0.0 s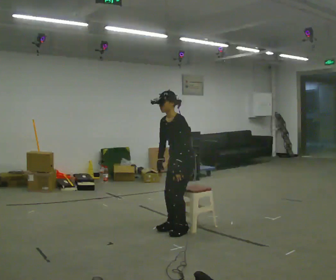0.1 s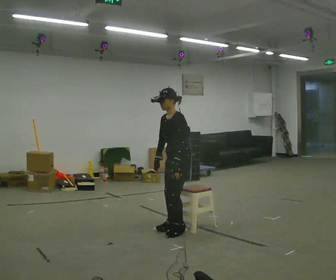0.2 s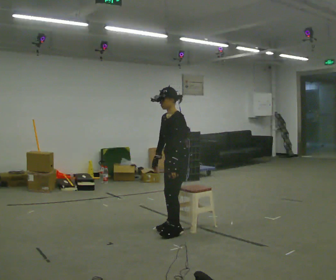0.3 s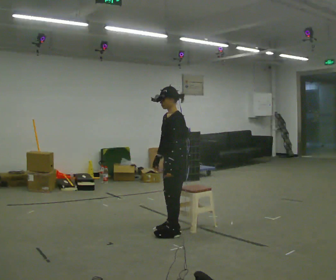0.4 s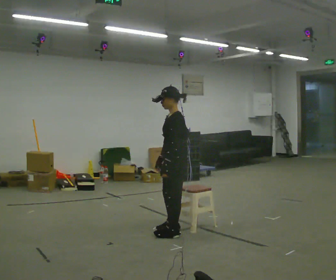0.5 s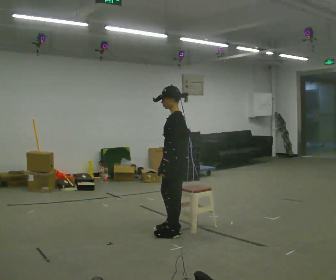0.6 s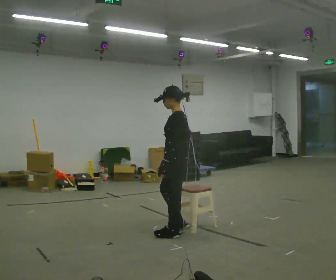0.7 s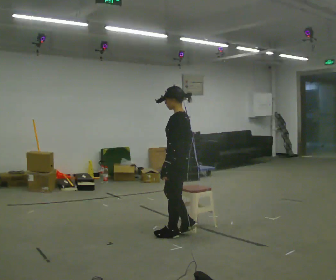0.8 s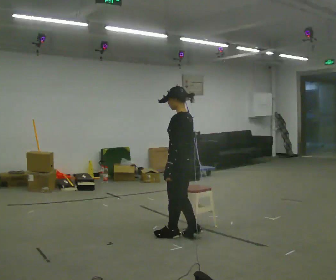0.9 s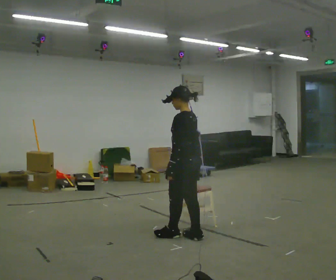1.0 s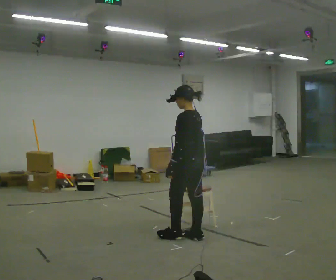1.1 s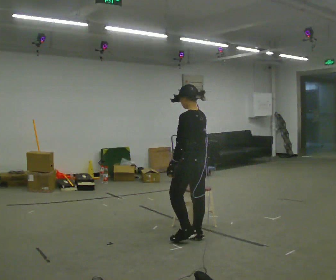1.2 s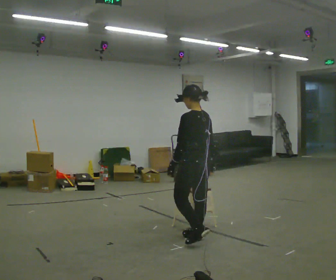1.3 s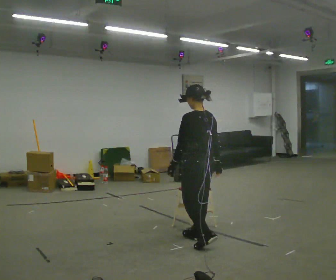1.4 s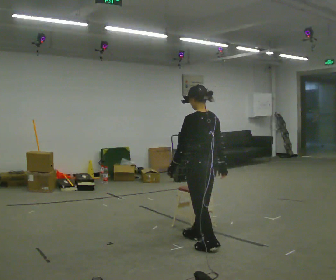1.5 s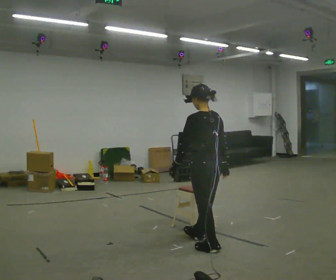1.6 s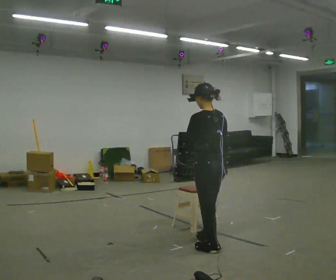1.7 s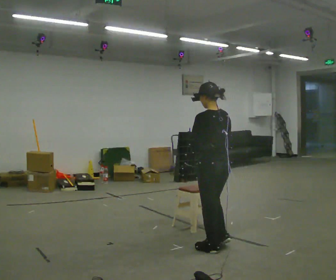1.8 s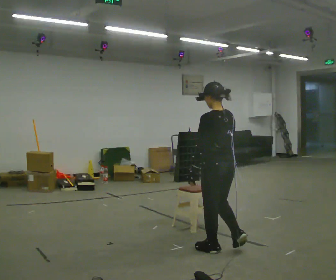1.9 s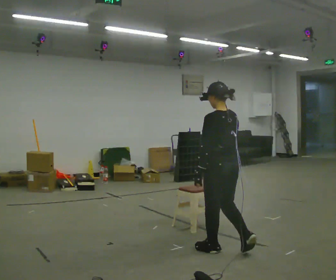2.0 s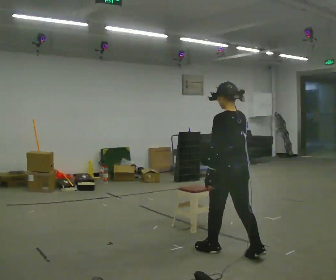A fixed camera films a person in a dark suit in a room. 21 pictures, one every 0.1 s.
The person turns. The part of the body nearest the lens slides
to the left.
The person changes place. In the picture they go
toward the camera.
0.0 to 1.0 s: Seen from above the body turns clockwise, about 60 degrees: to their right, with its near side sliding to the left. In the picture they go toward the camera, about 0.25 m in 3 steps. In the picture the upper body tilts clockwise, shoulders to the right, as they lean back or straighten.
1.0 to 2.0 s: In the picture they go toward the camera and to the right, about 0.5 m in 1 step, which for them is backward.
The film runs backward here.
